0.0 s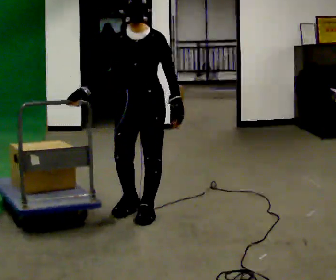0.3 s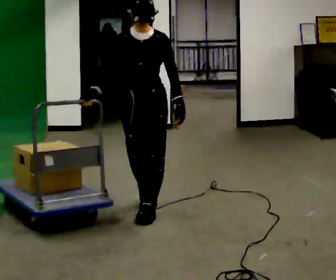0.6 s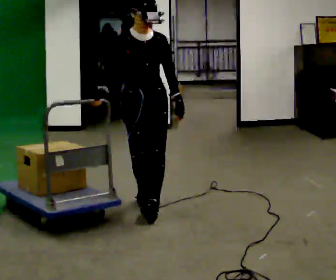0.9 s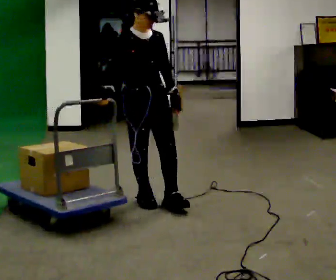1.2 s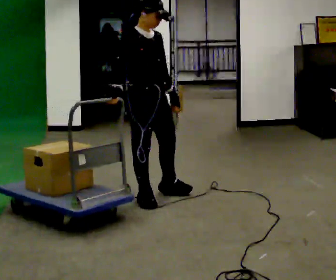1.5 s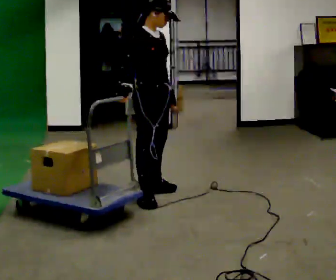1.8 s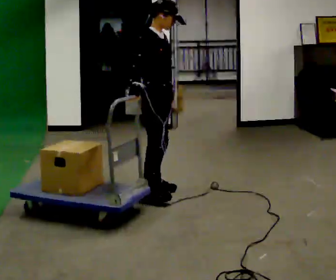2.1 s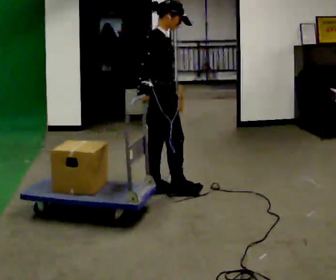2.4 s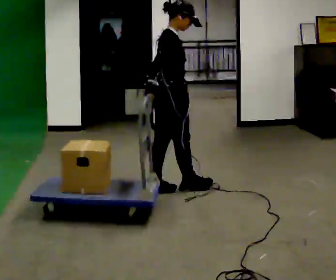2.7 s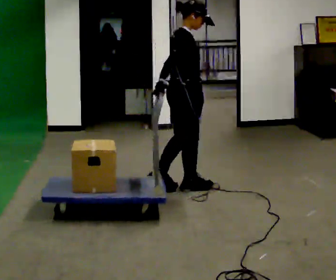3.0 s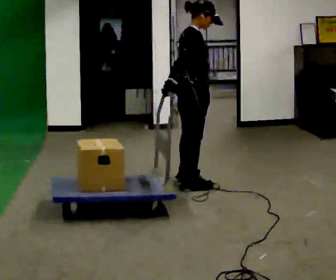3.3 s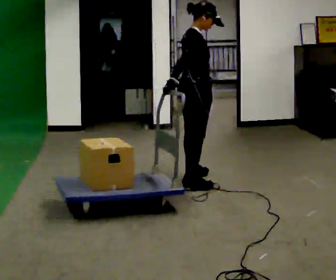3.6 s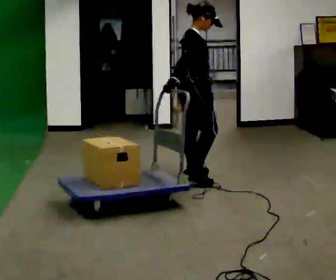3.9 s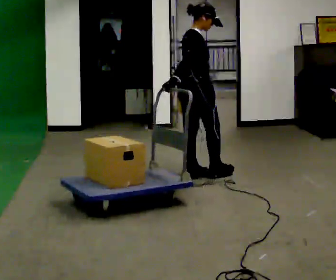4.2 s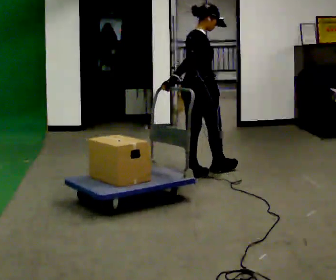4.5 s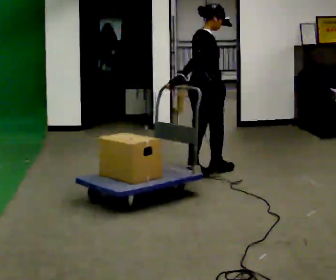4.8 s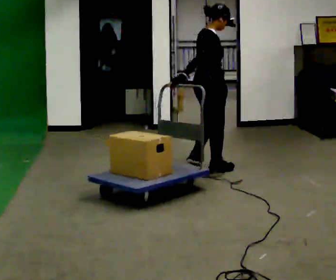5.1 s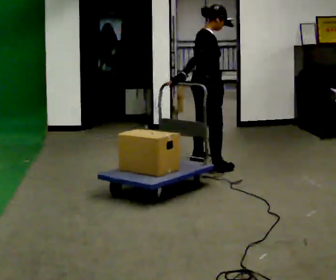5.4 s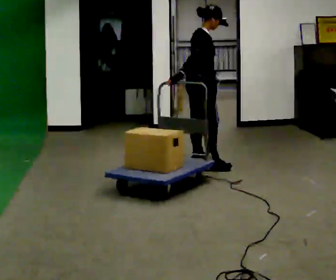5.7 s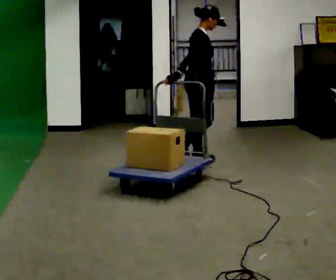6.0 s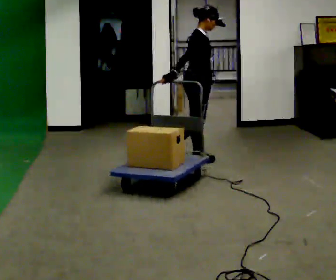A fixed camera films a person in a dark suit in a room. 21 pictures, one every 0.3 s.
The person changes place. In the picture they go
away from the camera.
0.0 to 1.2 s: Seen from above the body turns counterclockwise, about 60 degrees: to their left, with its near side sliding to the right. In the picture they go away from the camera, about 0.25 m in 1 step.
1.2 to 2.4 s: The person turns about 45 degrees to their left, counterclockwise seen from above, so the part of the body nearest the lens slides to the right. In the picture they go away from the camera and to the right, about 0.25 m in 2 steps, which for them is to their left.
2.4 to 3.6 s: In the picture they go away from the camera and to the right, about 0.5 m in 1 step, which for them is forward and to their left.
3.6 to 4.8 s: In the picture they go away from the camera, about 0.25 m in 1 step, which for them is forward and to their left.
4.8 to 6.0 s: The person turns about 30 degrees to their right, clockwise seen from above, so the part of the body nearest the lens slides to the left. In the picture they go away from the camera, about 0.5 m in 2 steps, which for them is to their left.
The film runs forward here.
